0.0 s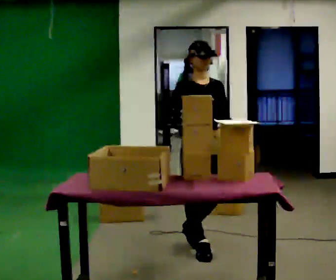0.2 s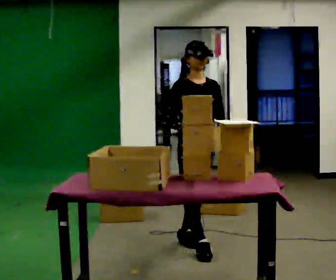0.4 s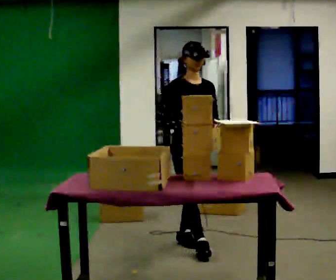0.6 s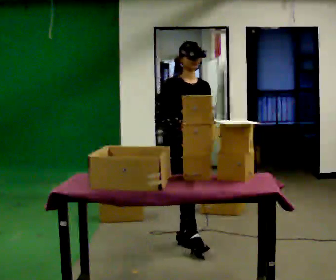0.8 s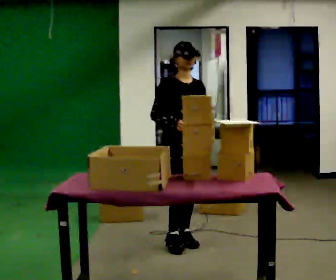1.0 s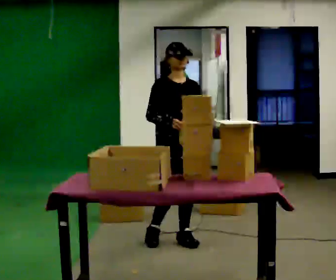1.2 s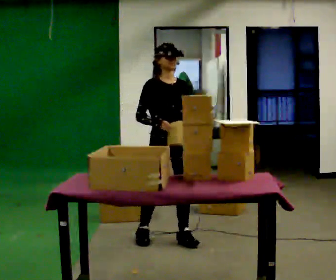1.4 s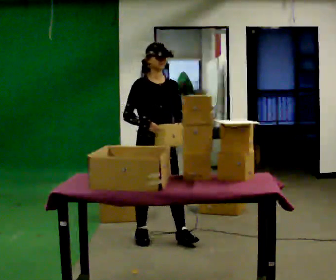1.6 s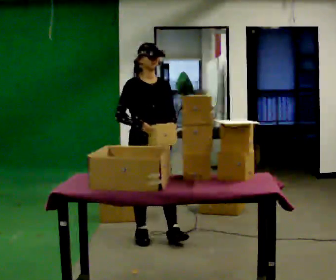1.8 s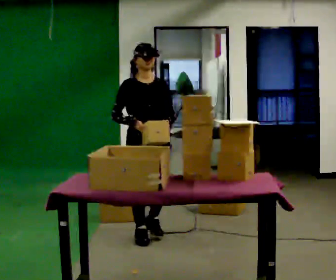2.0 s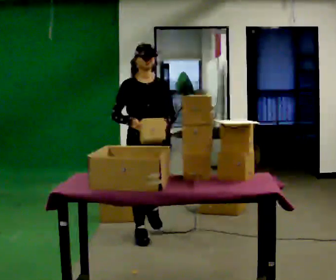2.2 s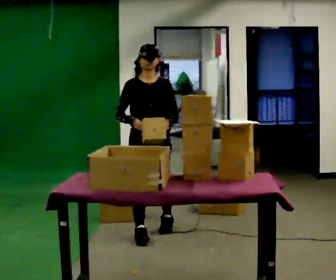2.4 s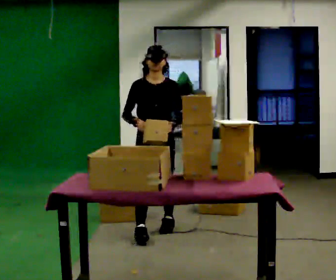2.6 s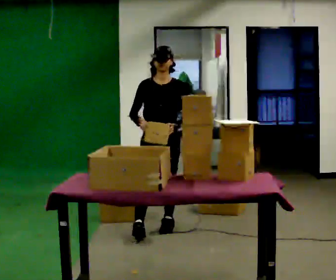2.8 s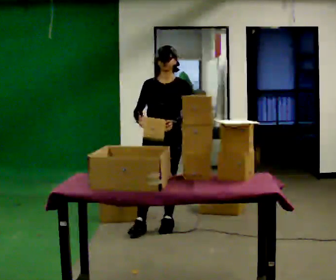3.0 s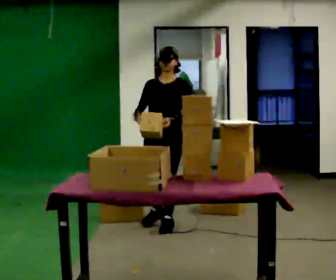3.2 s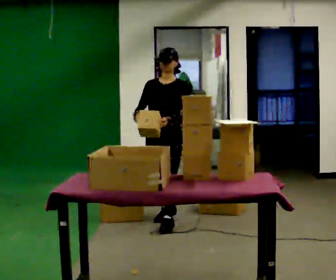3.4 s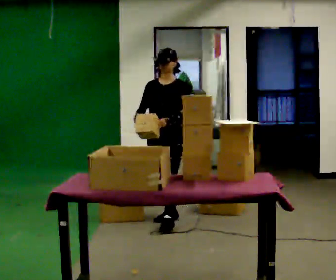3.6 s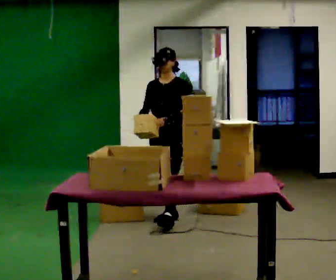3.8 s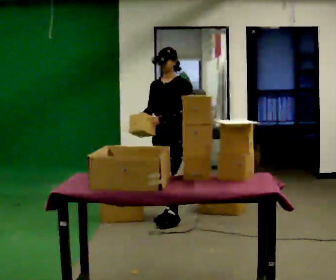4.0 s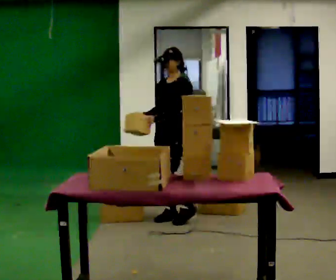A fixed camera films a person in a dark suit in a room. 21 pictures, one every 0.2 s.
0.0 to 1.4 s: In the picture they go away from the camera and to the left, about 0.5 m in 1 step, which for them is backward.
1.4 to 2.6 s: The part of the body nearest the lens slides to the left as the person turns to their right by about 30 degrees. In the picture they go away from the camera, about 0.25 m in 1 step, which for them is backward.
2.6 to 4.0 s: The part of the body nearest the lens slides to the left as the person turns to their right by about 45 degrees. In the picture they go away from the camera, about 0.5 m in 2 steps, which for them is backward.
The film runs backward here.
